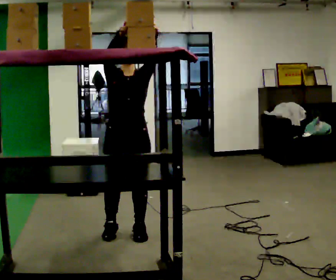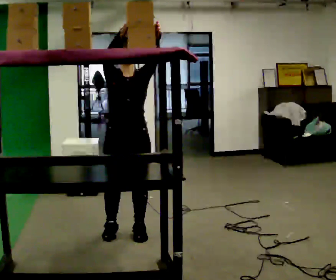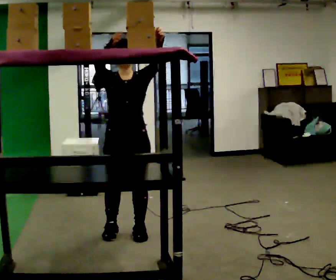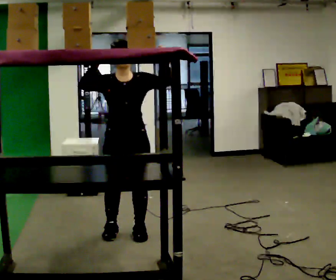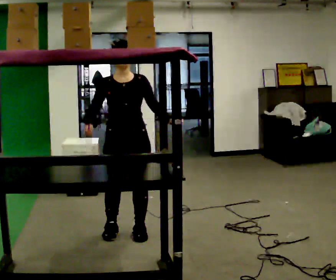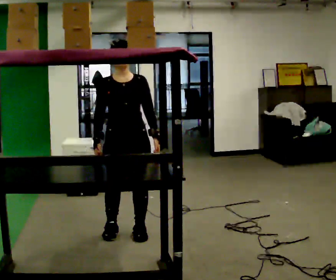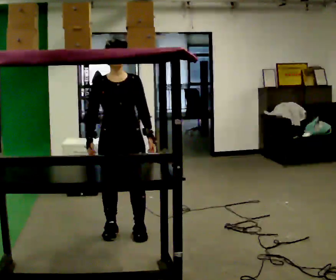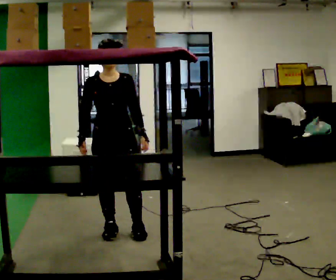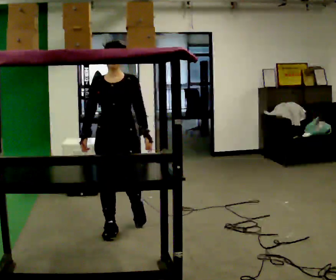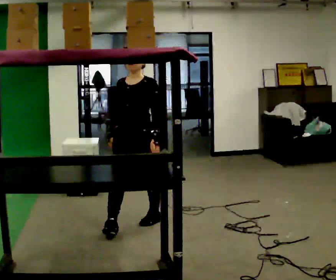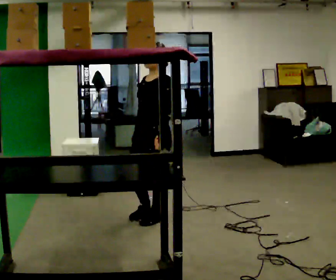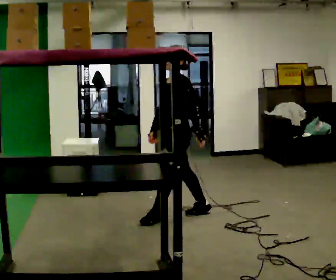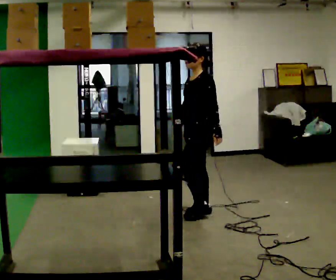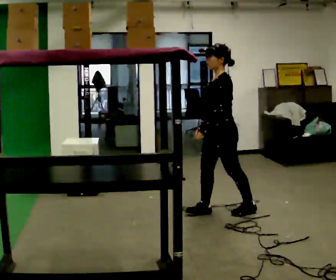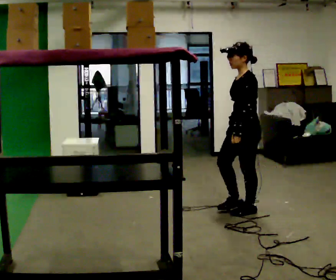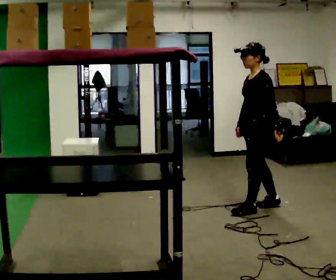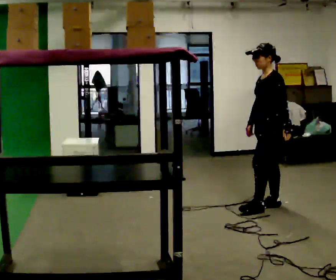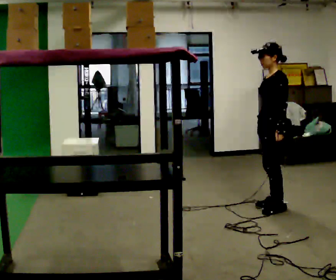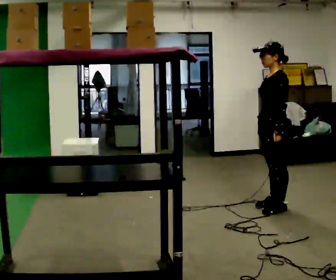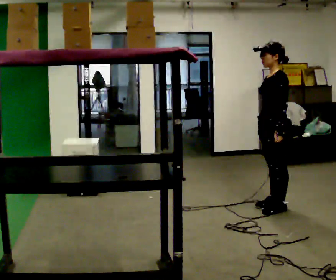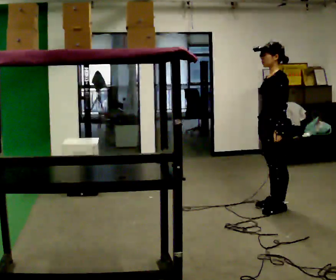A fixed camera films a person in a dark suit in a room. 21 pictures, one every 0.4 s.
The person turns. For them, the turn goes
to their right.
The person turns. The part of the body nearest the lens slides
to the left.
0.0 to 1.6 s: In the picture their right hand goes downward.
1.6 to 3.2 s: The person moves a little, or ends about where they began.
3.2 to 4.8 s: The part of the body nearest the lens slides to the left as the person turns to their right by about 75 degrees. In the picture they go to the right and away from the camera, about 1 m in 2 steps.
4.8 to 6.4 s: In the picture they go to the right, about 0.75 m in 2 steps, which for them is backward.
6.4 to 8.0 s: The person moves a little, or ends about where they began.
The film runs backward here.
